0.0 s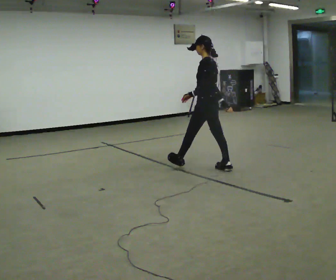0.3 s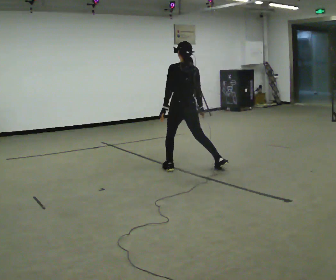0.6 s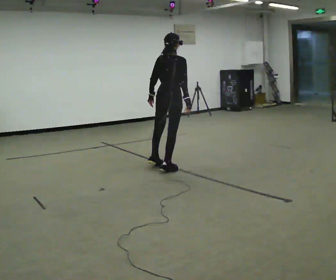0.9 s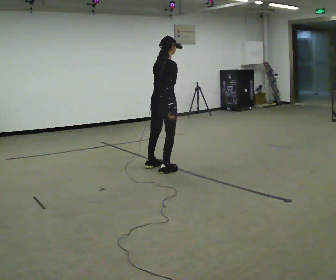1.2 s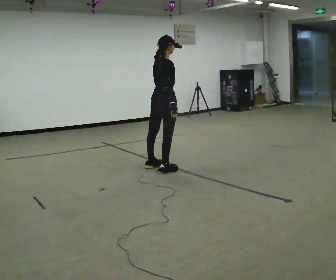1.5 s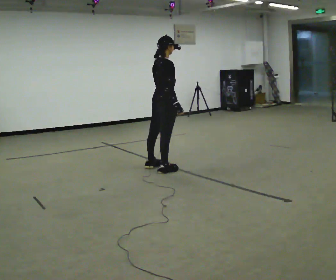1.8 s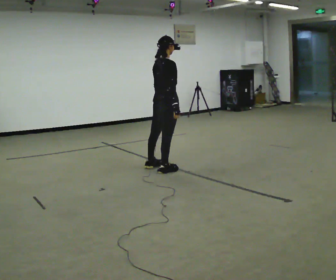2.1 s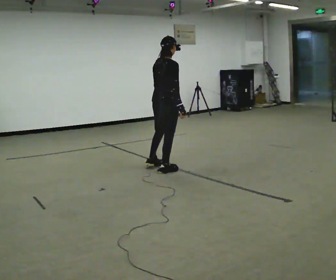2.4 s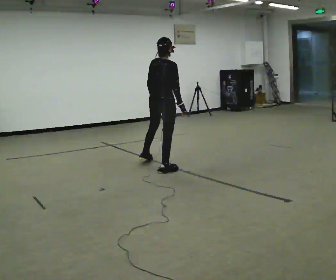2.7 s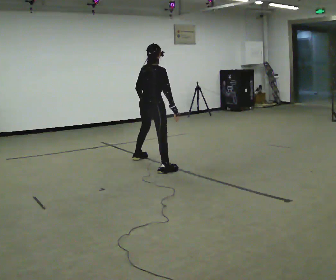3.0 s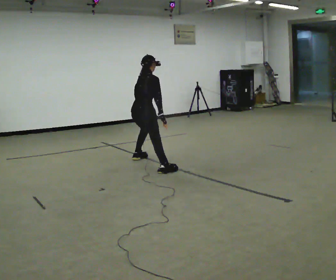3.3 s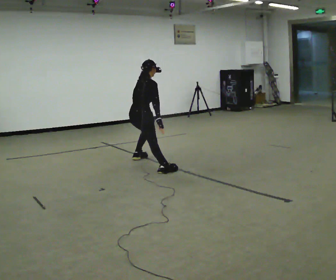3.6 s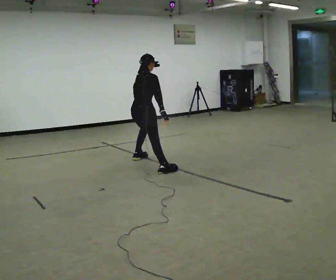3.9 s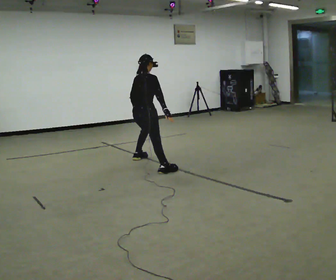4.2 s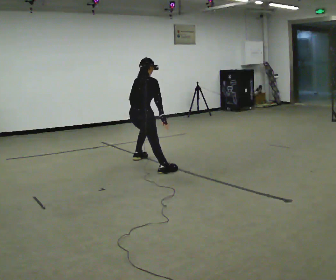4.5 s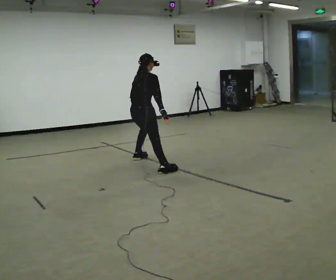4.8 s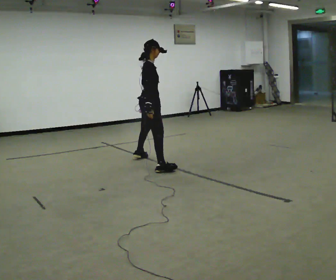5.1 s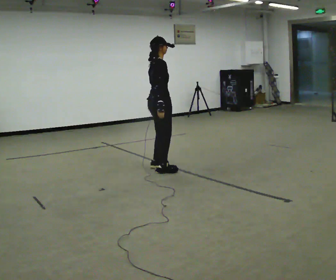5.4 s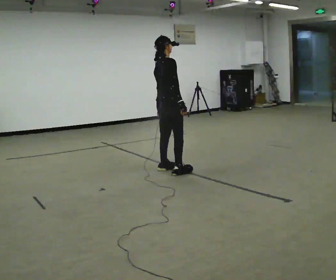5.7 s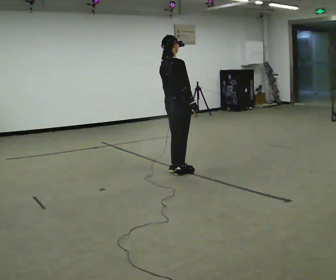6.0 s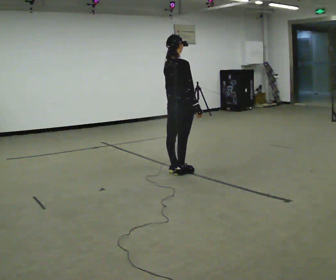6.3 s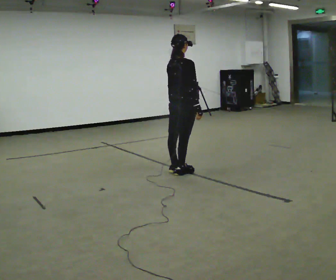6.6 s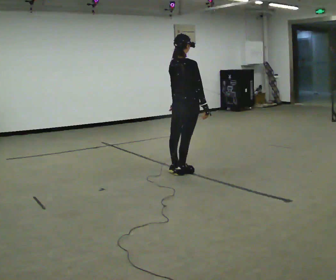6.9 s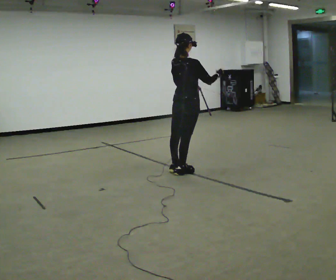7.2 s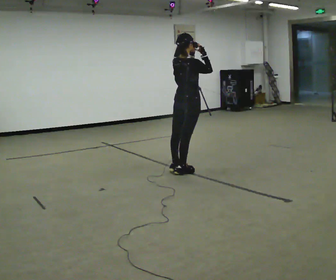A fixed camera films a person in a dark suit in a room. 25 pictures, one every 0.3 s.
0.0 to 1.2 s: Seen from above the body turns clockwise, about 105 degrees: to their right, with its near side sliding to the left. In the picture they go to the left, about 0.5 m in 3 steps.
1.2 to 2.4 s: The person moves a little, or ends about where they began.
2.4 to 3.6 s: In the picture they go away from the camera and to the left, about 0.25 m in 1 step, which for them is to their left. The upper body tips away from the camera, its near side rolling upward.
3.6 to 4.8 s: Seen from above the body turns clockwise, about 30 degrees: to their right, with its near side sliding to the left. In the picture they go toward the camera, about 0.25 m, which for them is to their right.
4.8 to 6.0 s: The person turns about 30 degrees to their left, counterclockwise seen from above, so the part of the body nearest the lens slides to the right. In the picture they go toward the camera and to the right, about 0.5 m in 3 steps, which for them is to their right and forward.
6.0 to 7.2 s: In the picture their right hand goes upward.
The film runs forward here.
